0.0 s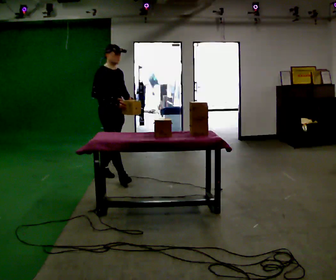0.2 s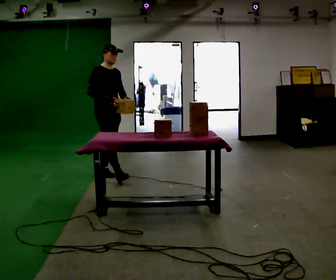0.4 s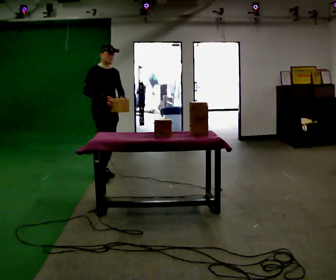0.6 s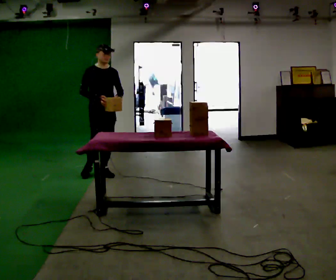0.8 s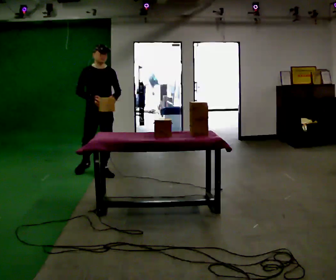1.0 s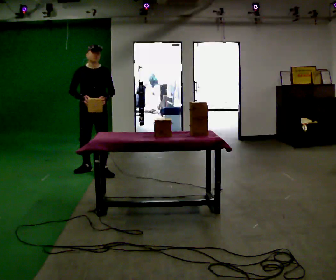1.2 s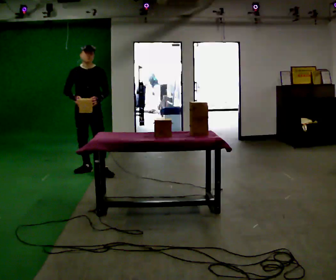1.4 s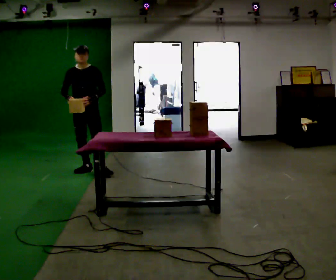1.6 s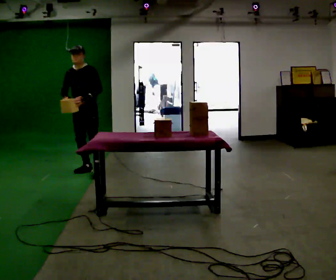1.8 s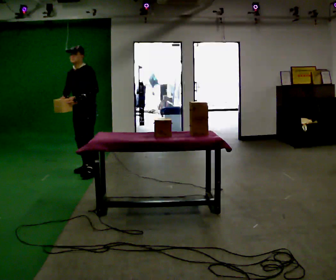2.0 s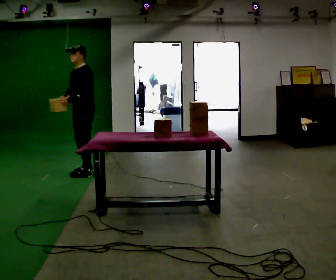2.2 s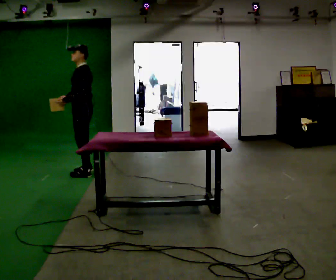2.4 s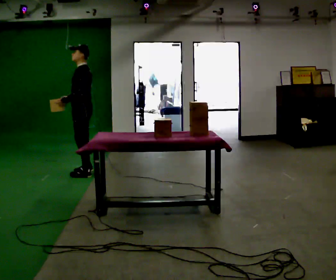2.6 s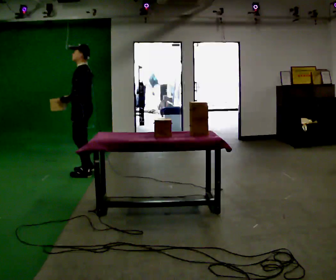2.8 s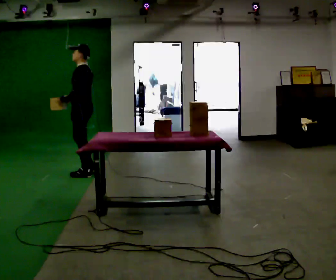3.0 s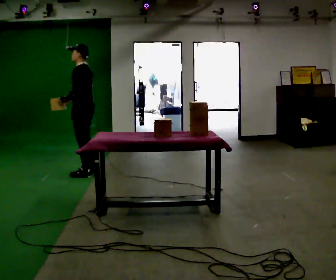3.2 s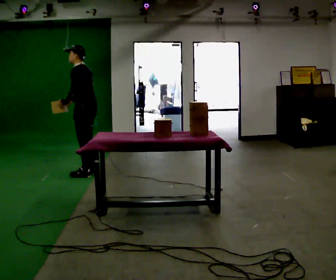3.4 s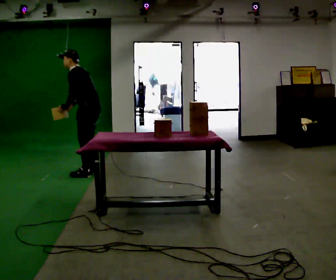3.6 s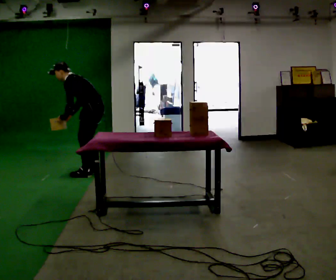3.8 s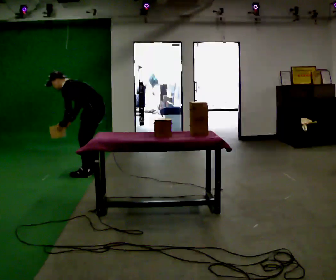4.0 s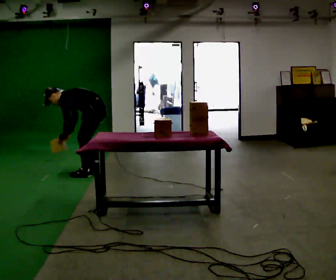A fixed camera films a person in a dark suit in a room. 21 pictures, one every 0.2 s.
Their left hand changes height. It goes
downward.
The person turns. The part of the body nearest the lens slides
to the left.
0.0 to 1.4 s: The part of the body nearest the lens slides to the left as the person turns to their right by about 60 degrees. In the picture they go away from the camera and to the left, about 0.5 m in 1 step, which for them is backward and to their right.
1.4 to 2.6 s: Seen from above the body turns clockwise, about 75 degrees: to their right, with its near side sliding to the left. In the picture they go toward the camera, about 0.25 m in 2 steps. In the picture their left hand goes to the left, the arm swinging clockwise.
2.6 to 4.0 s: In the picture they go to the right, about 0.25 m, which for them is backward. The shoulders move downward. In the picture the upper body tilts counterclockwise, shoulders to the left, as they bend forward. In the picture their right hand goes downward.
The film runs backward here.
